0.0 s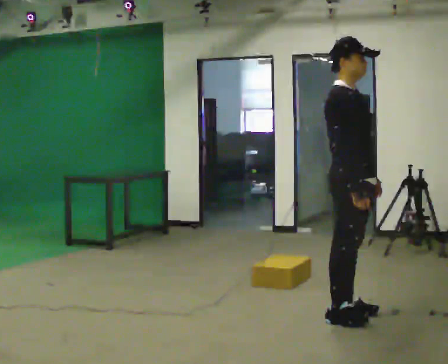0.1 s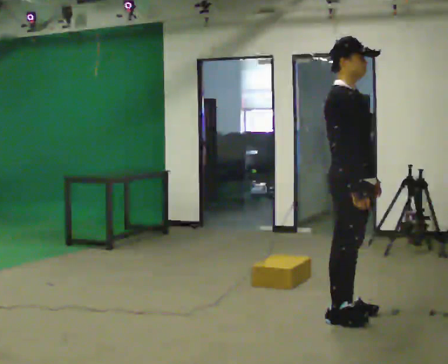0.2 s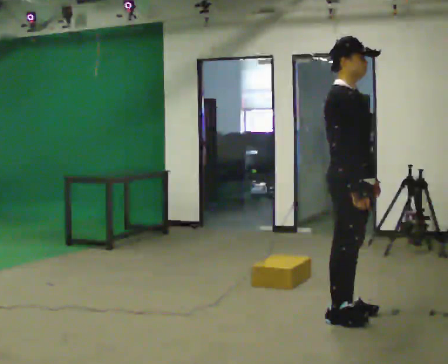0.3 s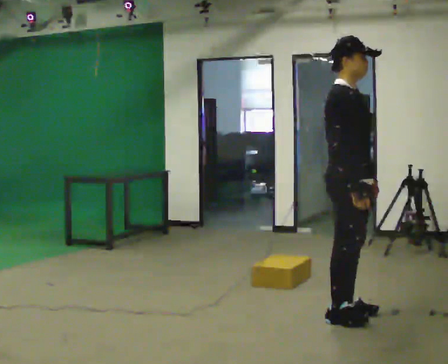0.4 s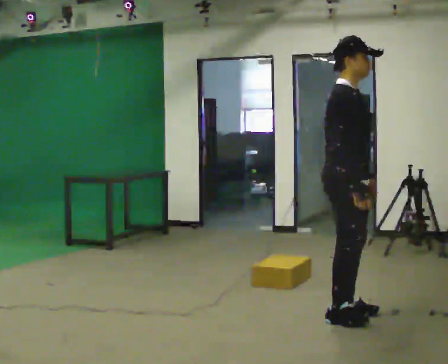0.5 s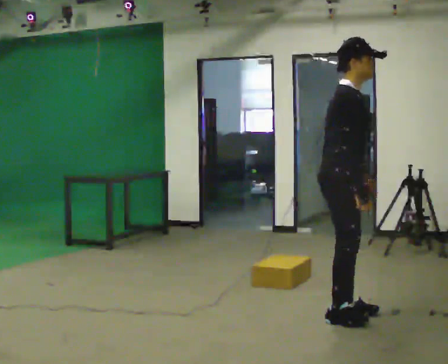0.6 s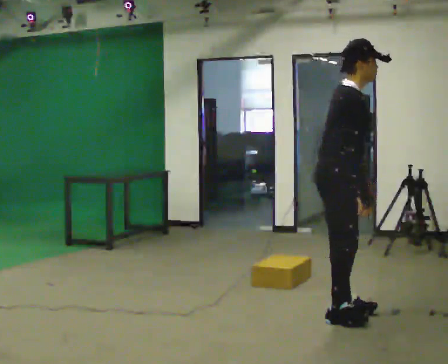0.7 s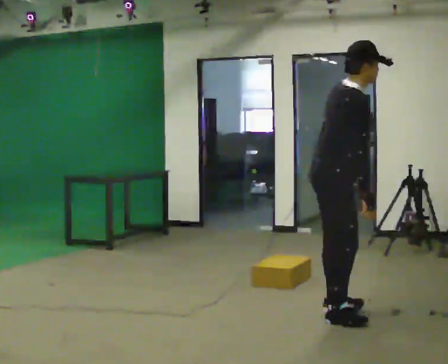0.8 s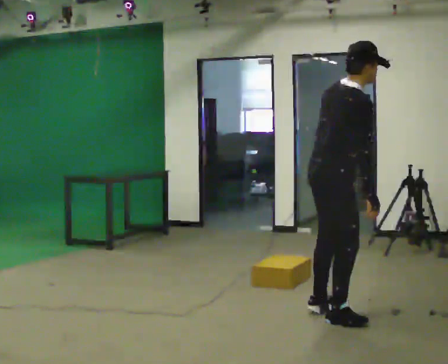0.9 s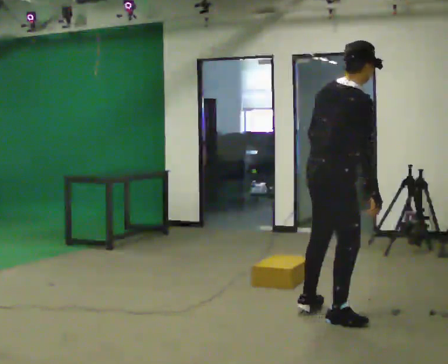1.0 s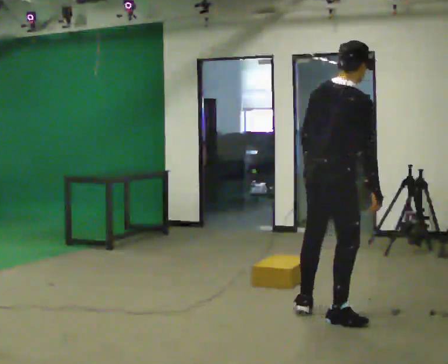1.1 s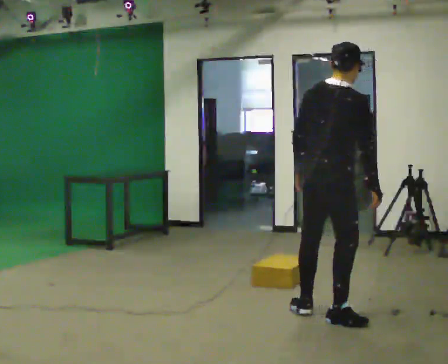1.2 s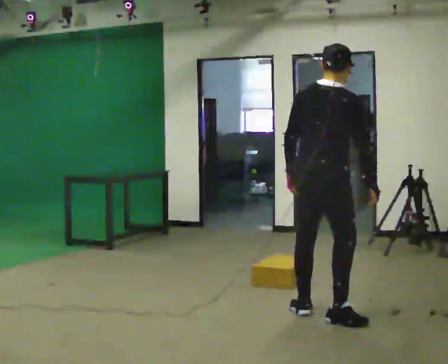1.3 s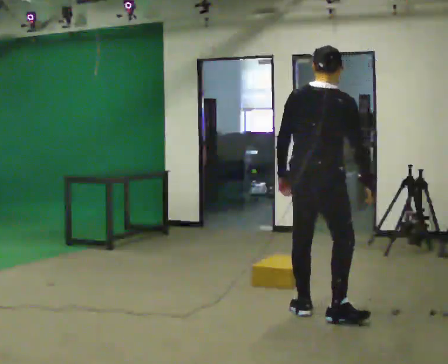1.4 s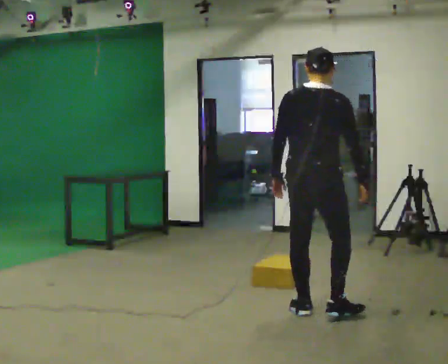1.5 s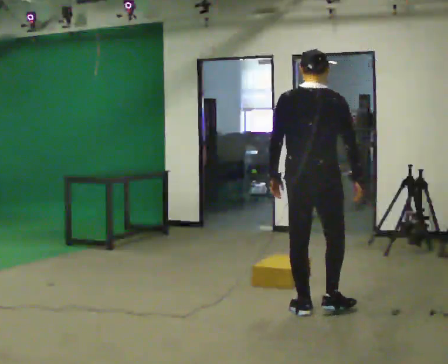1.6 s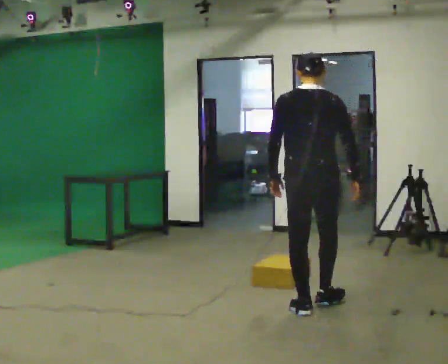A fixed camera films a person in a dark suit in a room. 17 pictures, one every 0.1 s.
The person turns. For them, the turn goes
to their left.
The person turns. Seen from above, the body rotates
counterclockwise.
0.0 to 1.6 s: The part of the body nearest the lens slides to the right as the person turns to their left by about 105 degrees. In the picture they go away from the camera and to the left, about 0.5 m in 1 step.
The film runs forward here.
